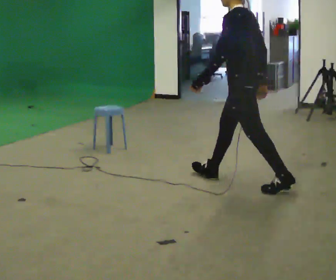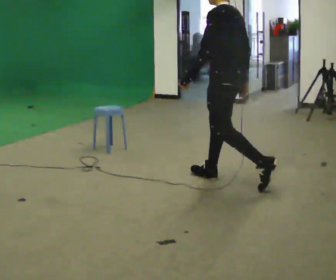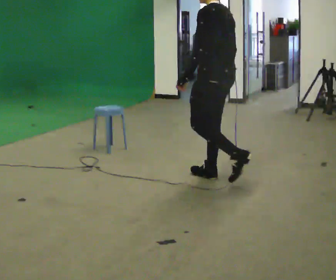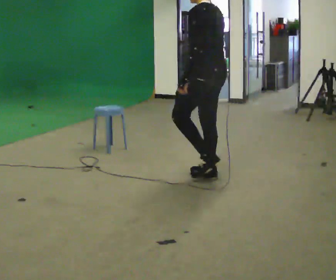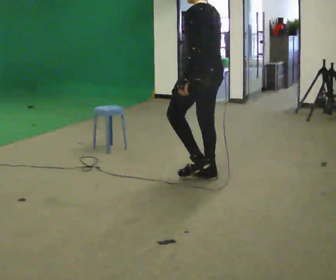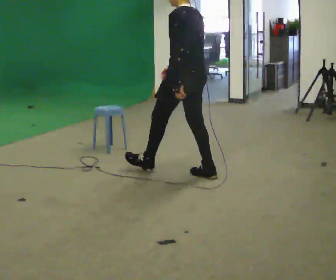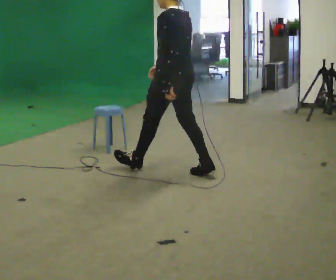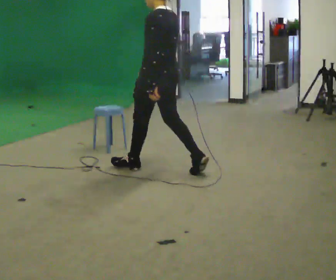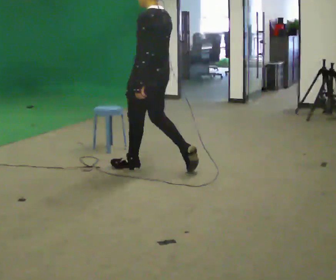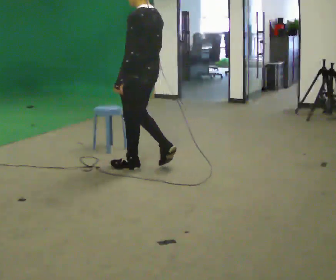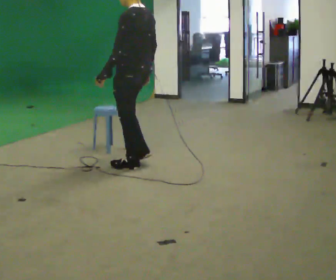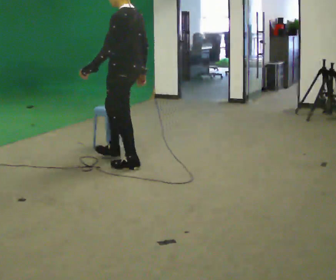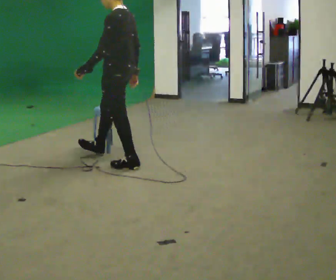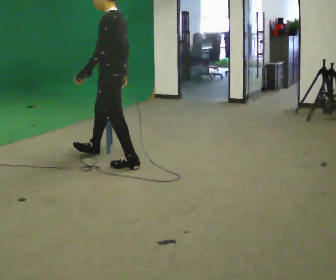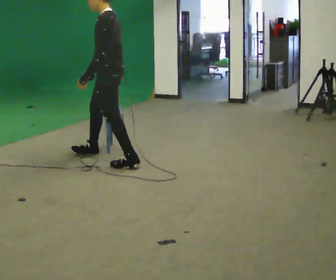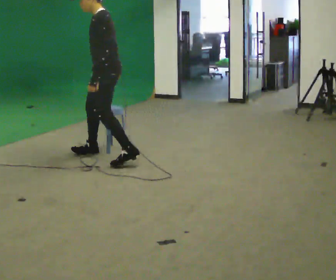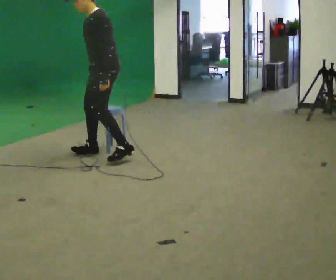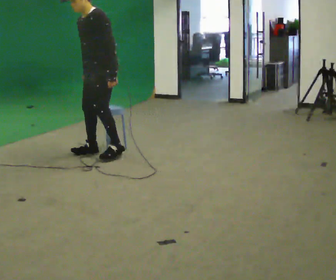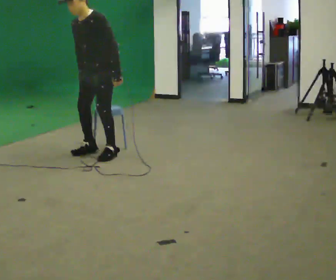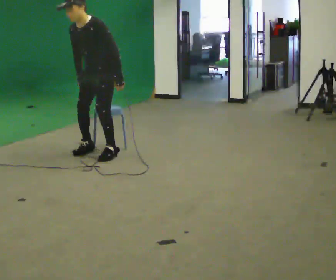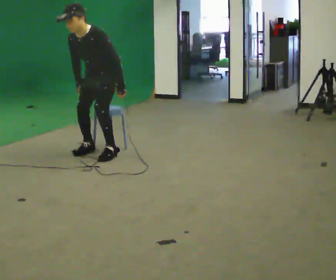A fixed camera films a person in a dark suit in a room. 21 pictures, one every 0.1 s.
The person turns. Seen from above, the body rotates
counterclockwise.
The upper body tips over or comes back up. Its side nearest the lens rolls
downward.
0.0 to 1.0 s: In the picture they go to the left and away from the camera, about 1 m in 1 step, which for them is forward.
1.0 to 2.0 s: Seen from above the body turns counterclockwise, about 75 degrees: to their left, with its near side sliding to the right. In the picture they go away from the camera and to the left, about 0.75 m in 2 steps. The upper body goes downward. The upper body tips toward the camera, its near side rolling downward, as they bend forward.
The film runs forward here.
